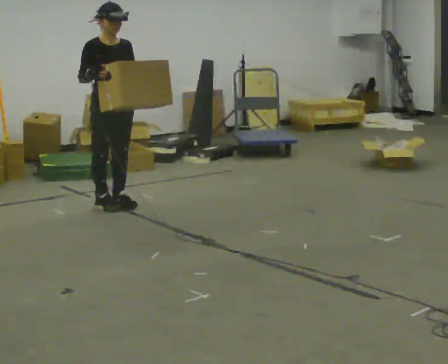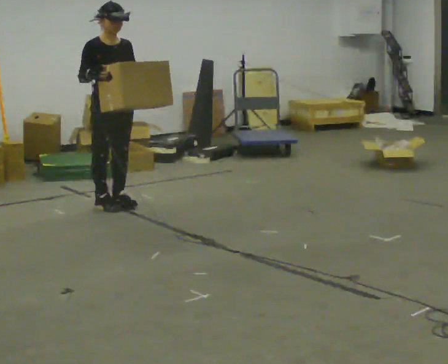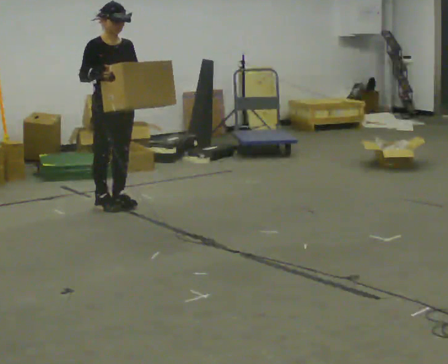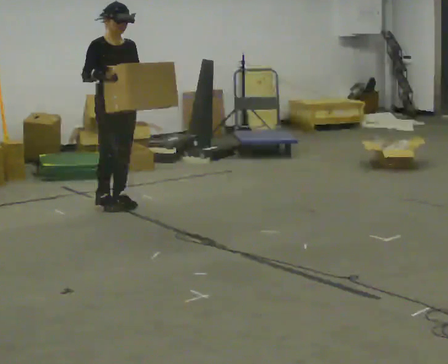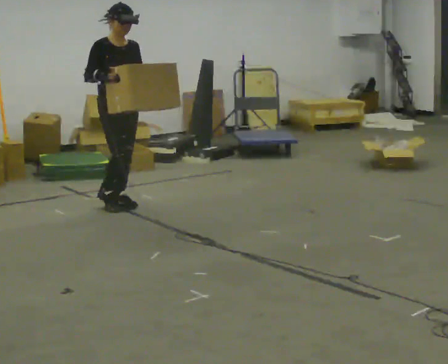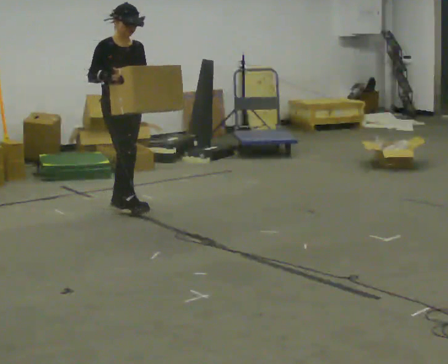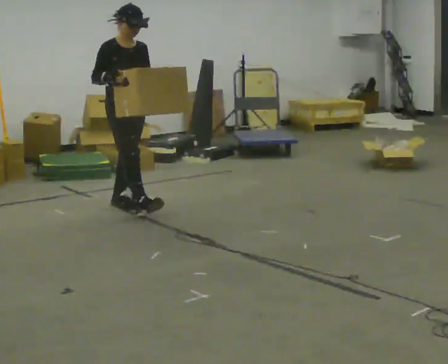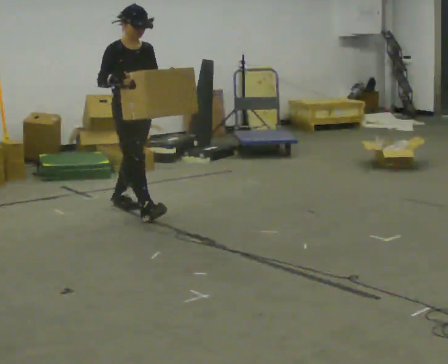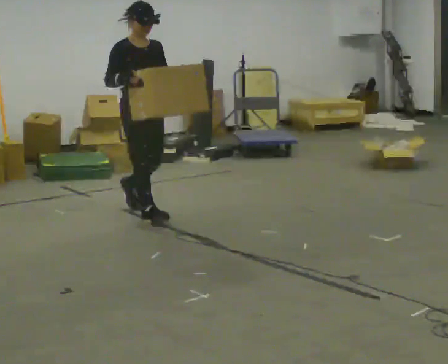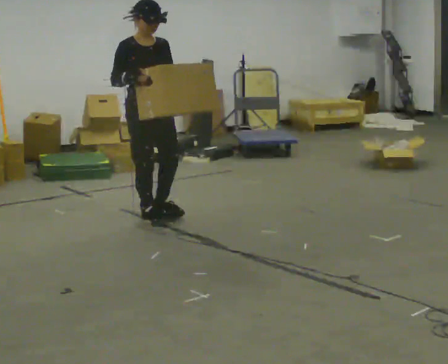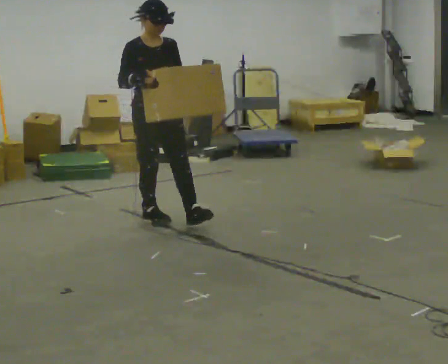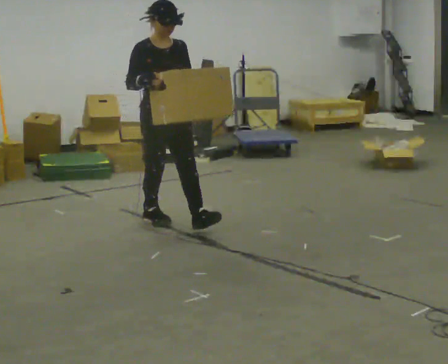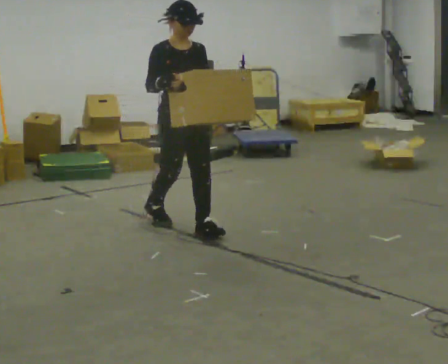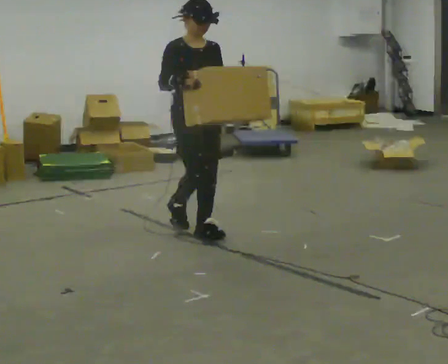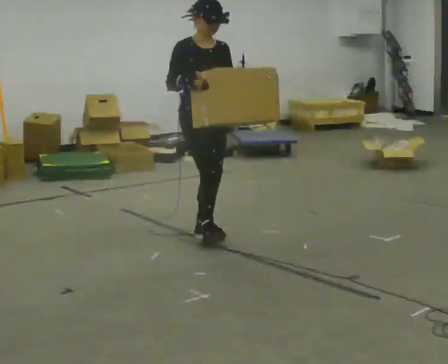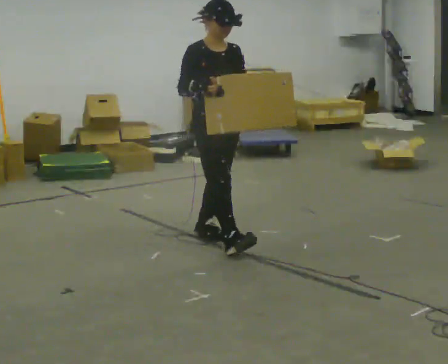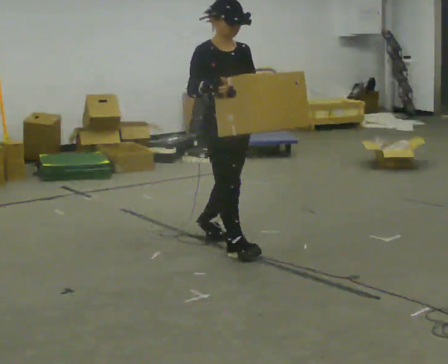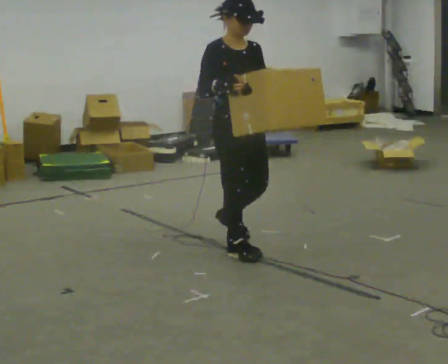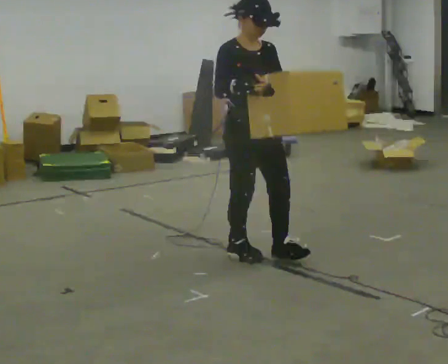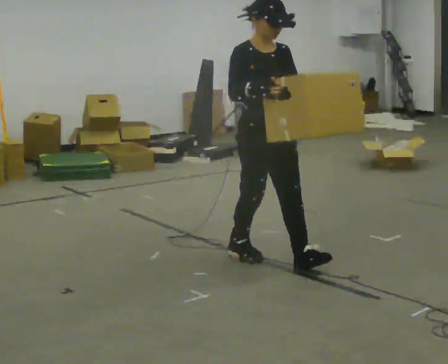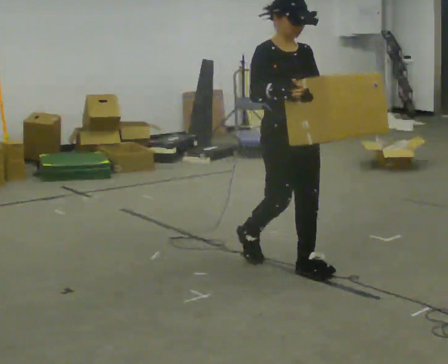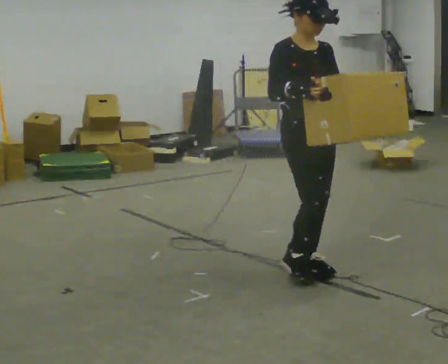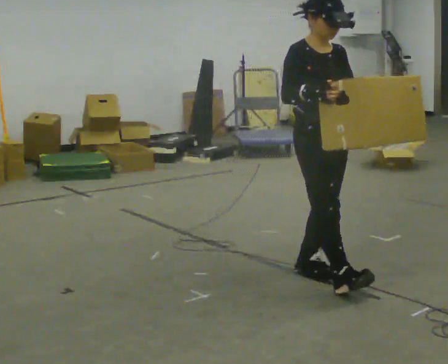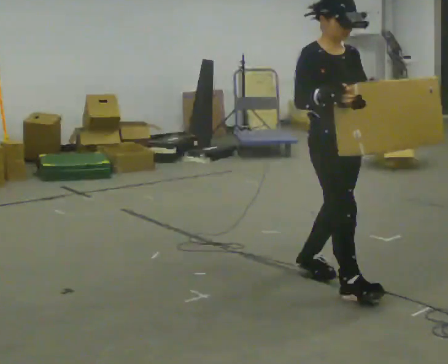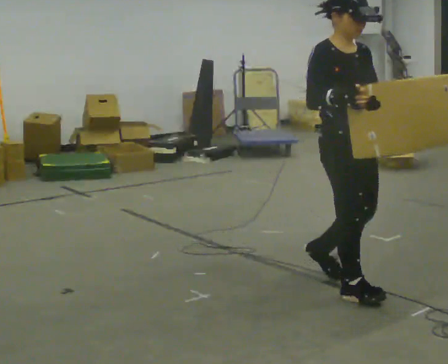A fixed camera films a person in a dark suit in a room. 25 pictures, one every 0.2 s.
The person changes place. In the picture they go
toward the camera.
0.0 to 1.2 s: The person moves a little, or ends about where they began.
1.2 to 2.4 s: In the picture they go toward the camera and to the right, about 0.5 m in 2 steps, which for them is forward.
2.4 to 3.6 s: In the picture they go toward the camera and to the right, about 0.5 m in 1 step, which for them is forward.
3.6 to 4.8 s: In the picture they go toward the camera and to the right, about 0.5 m in 2 steps, which for them is forward.
The film runs forward here.
